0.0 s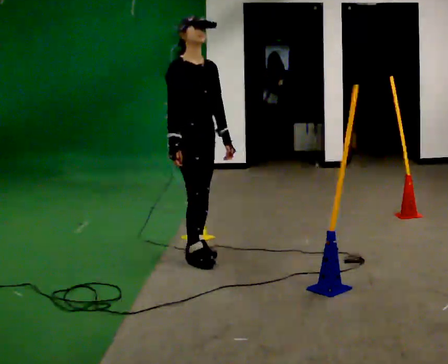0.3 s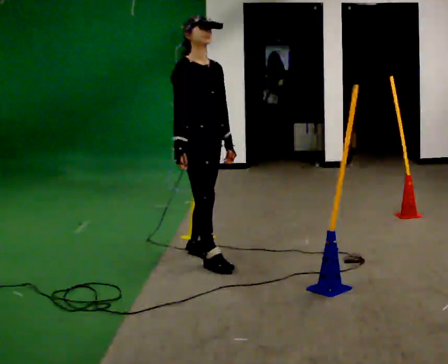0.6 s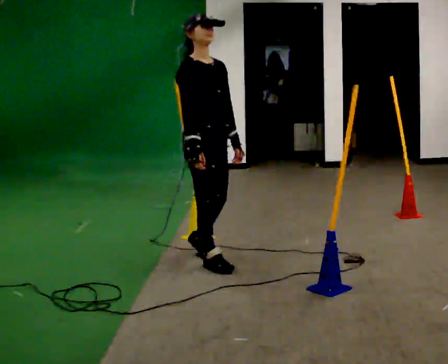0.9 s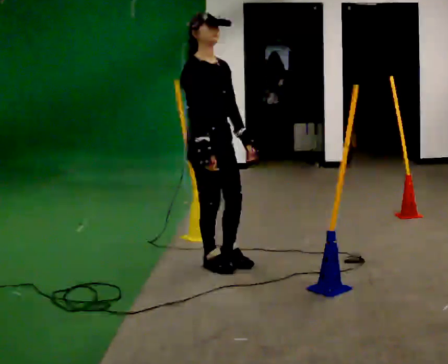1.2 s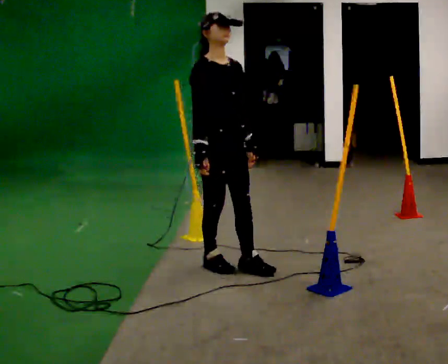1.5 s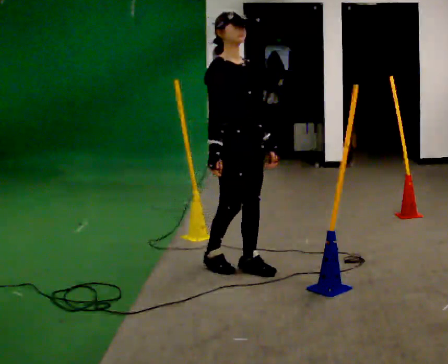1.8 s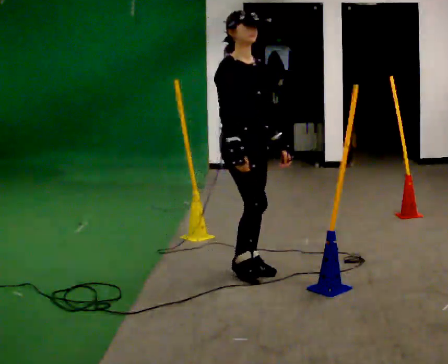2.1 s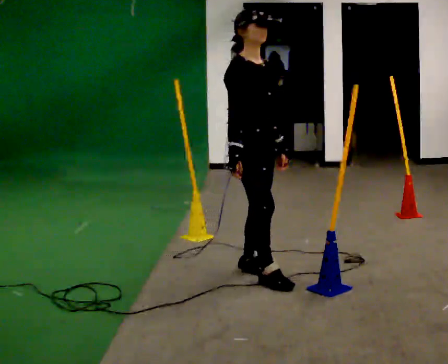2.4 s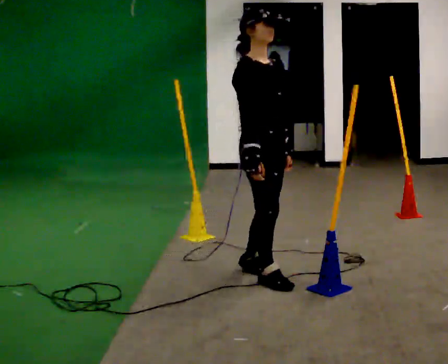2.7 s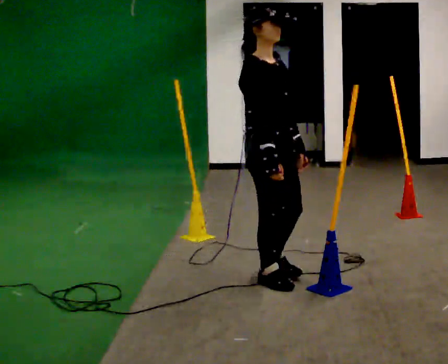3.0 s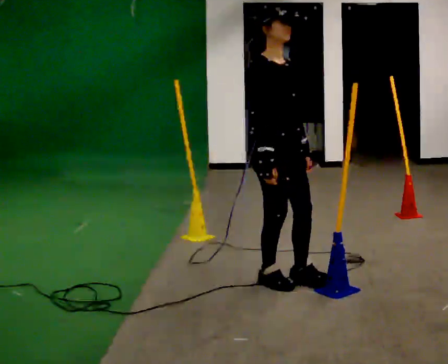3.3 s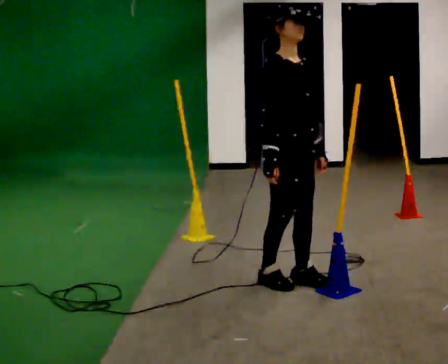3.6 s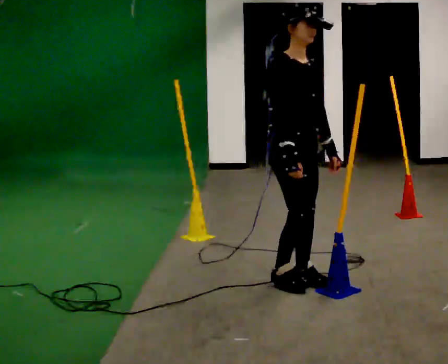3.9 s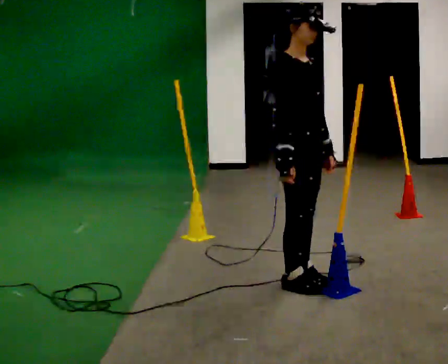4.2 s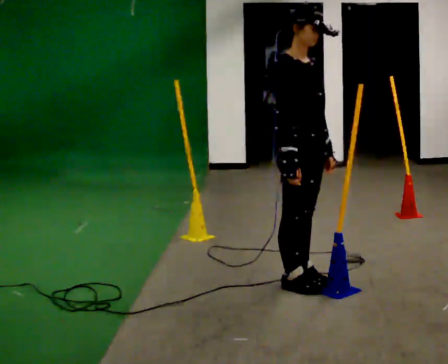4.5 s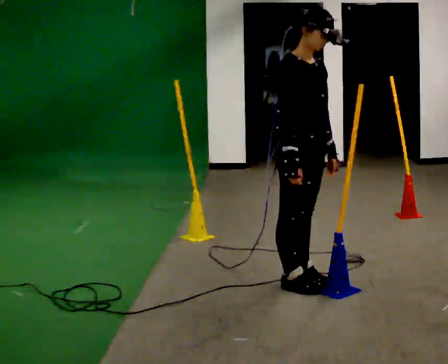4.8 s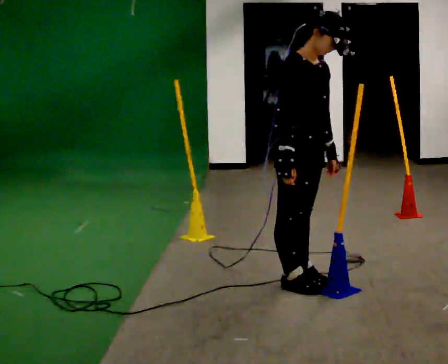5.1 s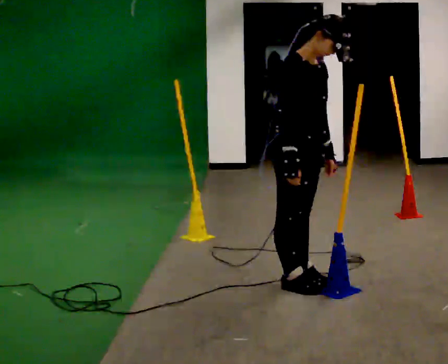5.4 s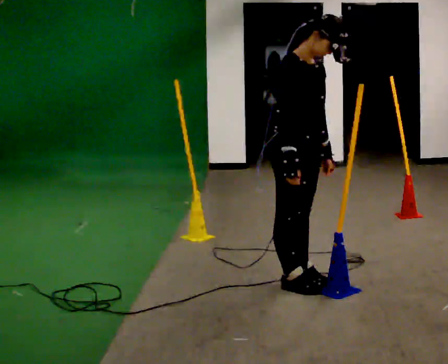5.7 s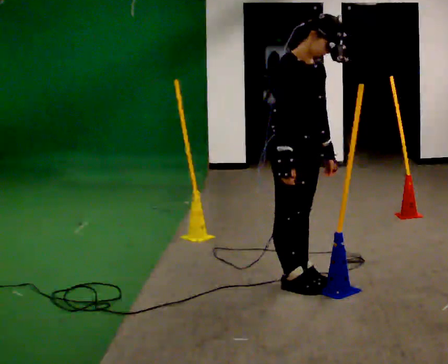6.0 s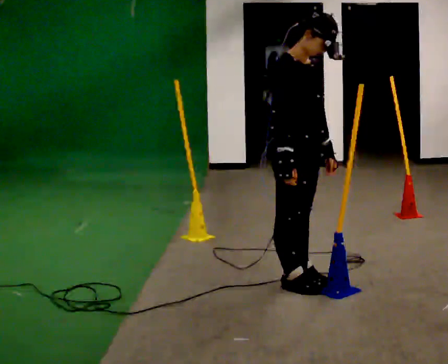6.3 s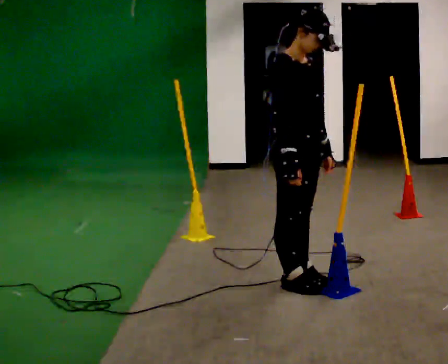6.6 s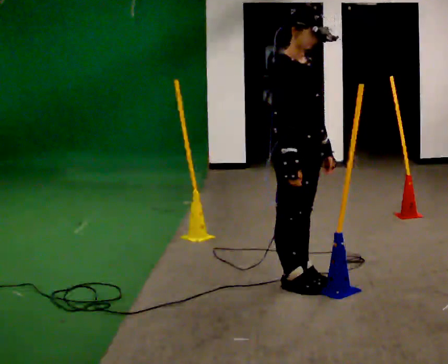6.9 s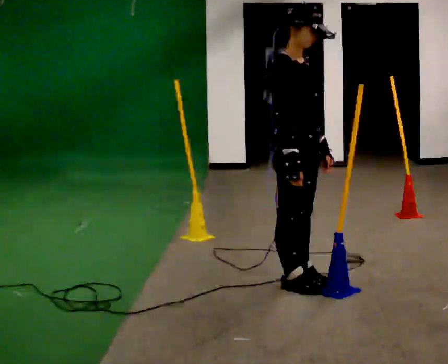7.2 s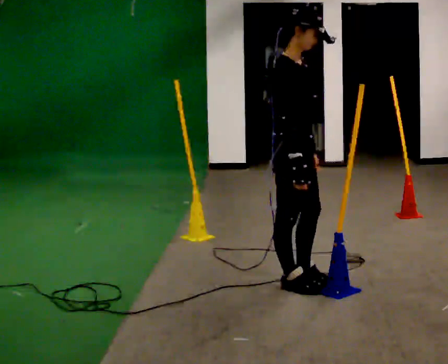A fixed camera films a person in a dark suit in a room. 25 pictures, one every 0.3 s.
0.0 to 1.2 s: In the picture they go toward the camera and to the right, about 0.25 m in 2 steps, which for them is forward.
1.2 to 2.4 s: In the picture they go to the right and toward the camera, about 0.25 m in 1 step, which for them is forward.
2.4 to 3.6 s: In the picture they go to the right, about 0.25 m in 1 step, which for them is forward.
3.6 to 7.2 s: The person turns about 30 degrees to their left, counterclockwise seen from above, so the part of the body nearest the lens slides to the right.
The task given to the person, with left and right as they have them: Walk back and forth across the room at a normal pace, looking ahead. There may be something on the floor. Recover however comes naturally and carry on.
The film runs forward here.
